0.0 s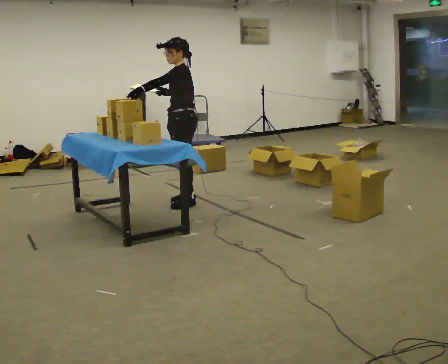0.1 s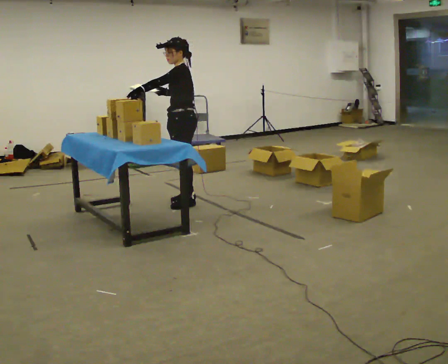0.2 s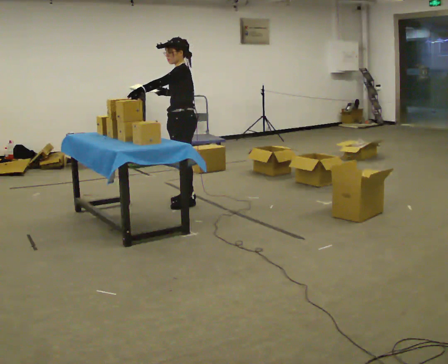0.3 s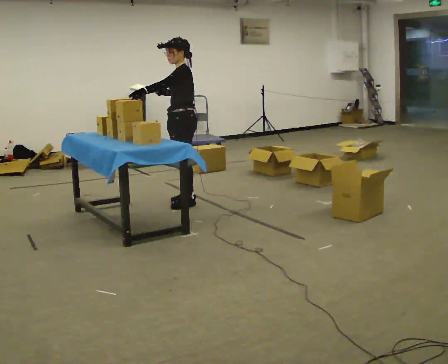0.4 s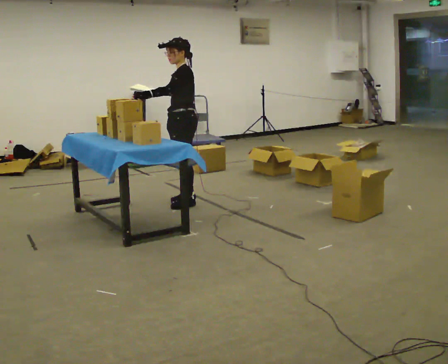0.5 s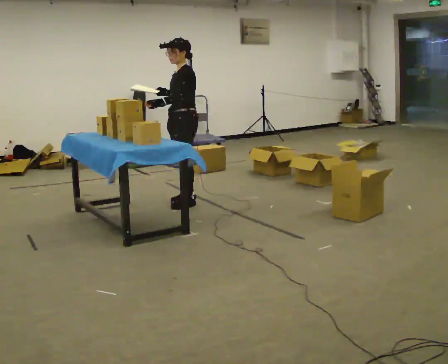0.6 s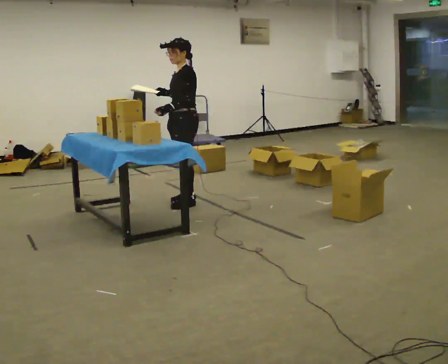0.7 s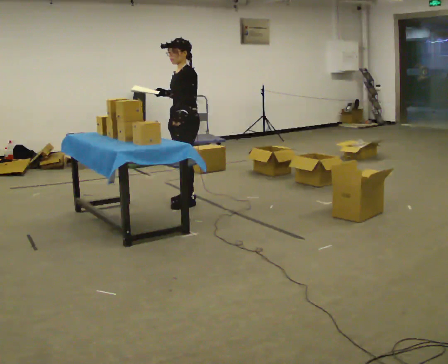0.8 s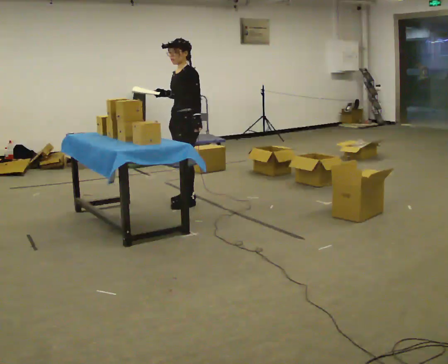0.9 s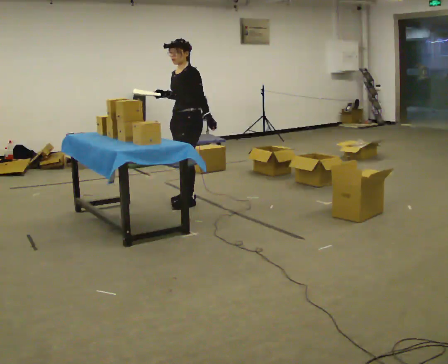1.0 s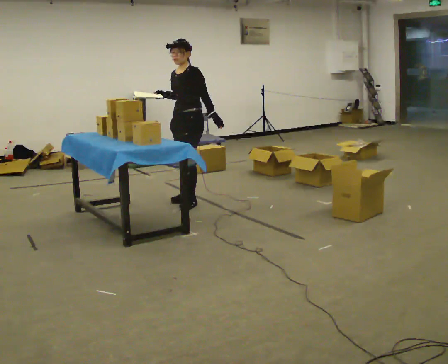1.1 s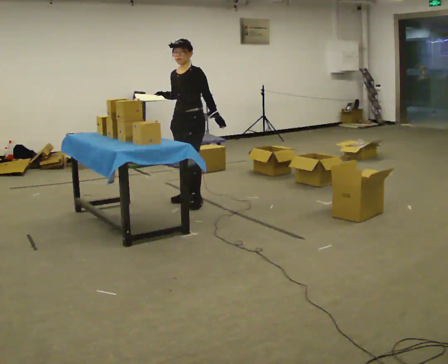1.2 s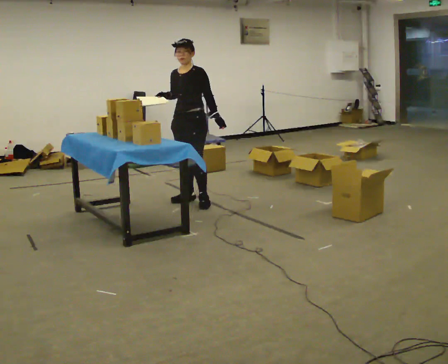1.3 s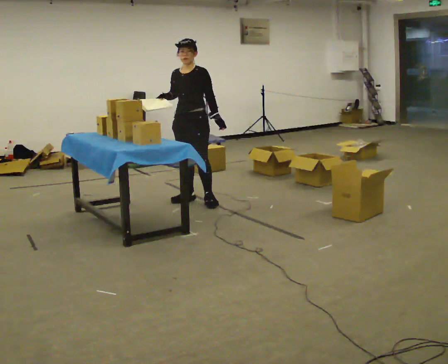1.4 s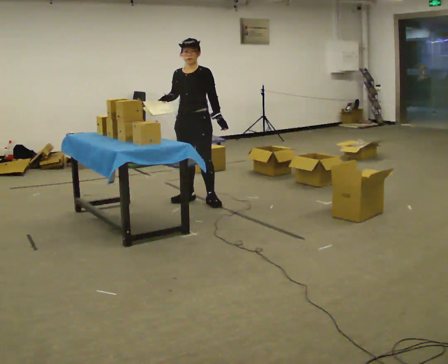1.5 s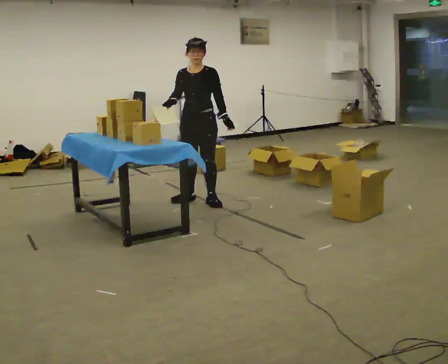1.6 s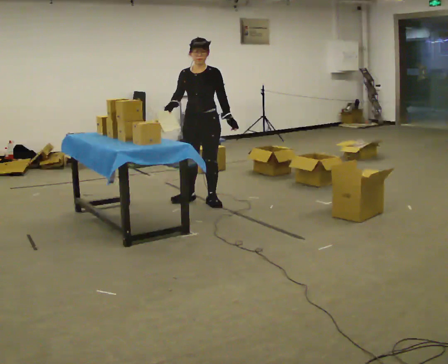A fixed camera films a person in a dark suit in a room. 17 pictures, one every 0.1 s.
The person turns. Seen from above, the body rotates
counterclockwise.
The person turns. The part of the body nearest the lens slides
to the right.
0.0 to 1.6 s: Seen from above the body turns counterclockwise, about 60 degrees: to their left, with its near side sliding to the right. In the picture they go to the right, about 0.25 m in 1 step. In the picture their left hand goes to the right, the arm swinging counterclockwise.
The film runs forward here.
